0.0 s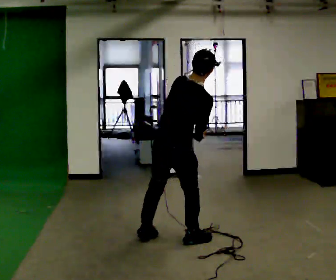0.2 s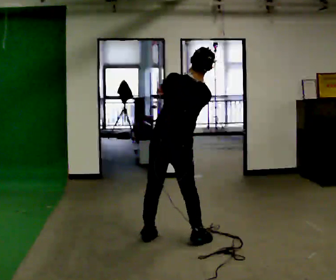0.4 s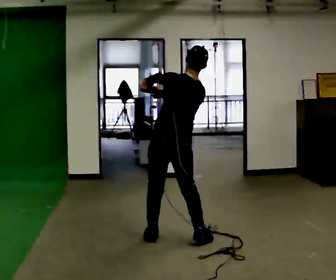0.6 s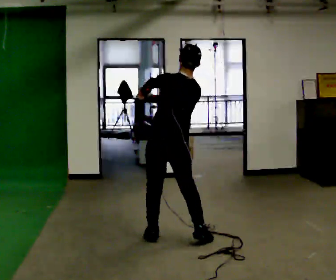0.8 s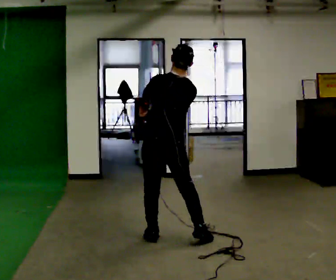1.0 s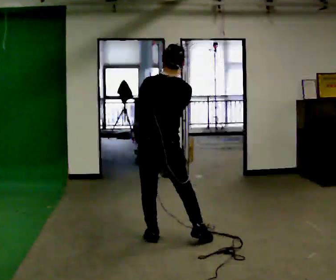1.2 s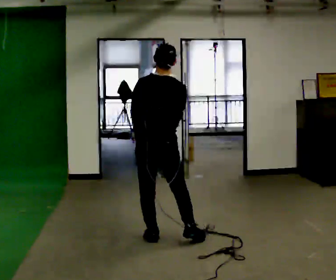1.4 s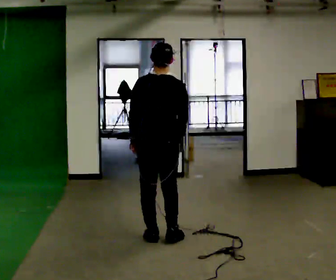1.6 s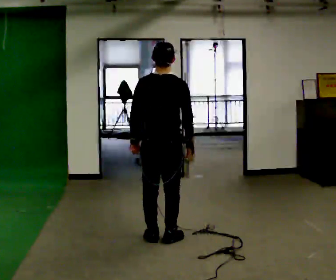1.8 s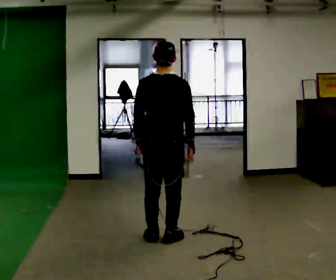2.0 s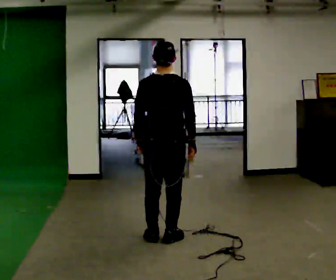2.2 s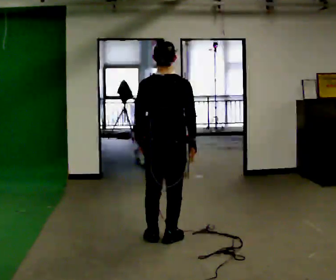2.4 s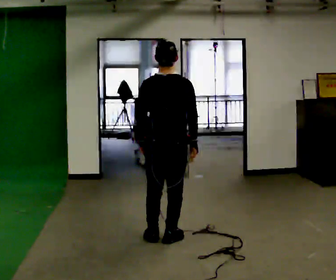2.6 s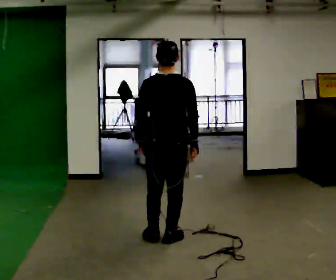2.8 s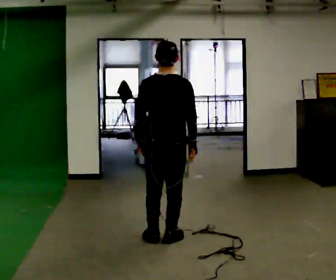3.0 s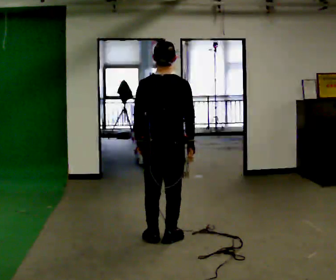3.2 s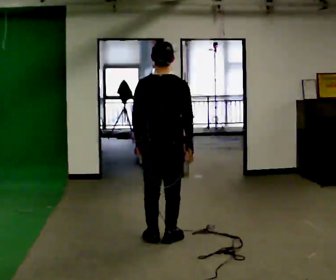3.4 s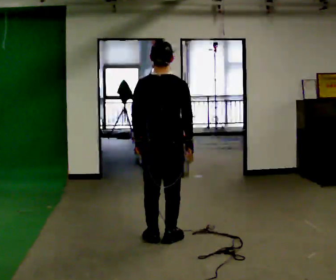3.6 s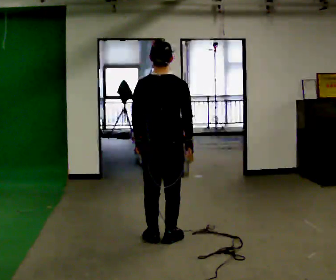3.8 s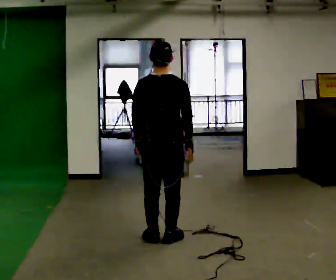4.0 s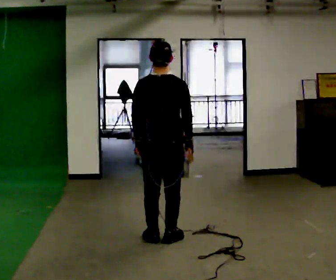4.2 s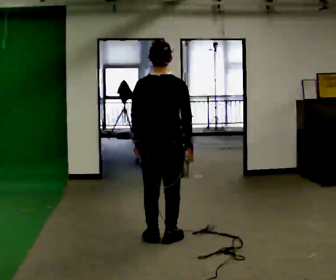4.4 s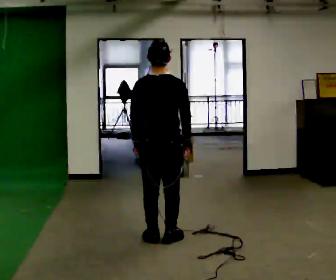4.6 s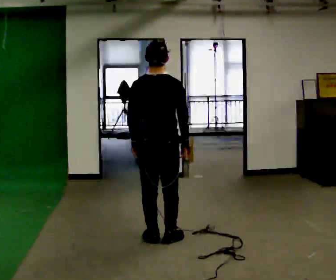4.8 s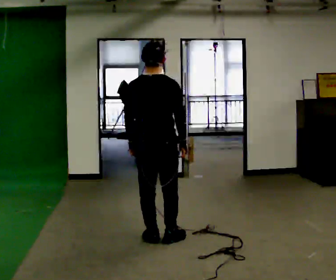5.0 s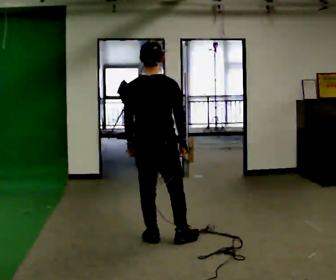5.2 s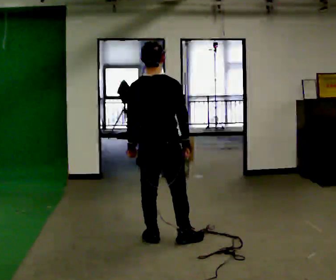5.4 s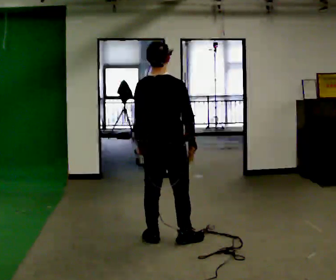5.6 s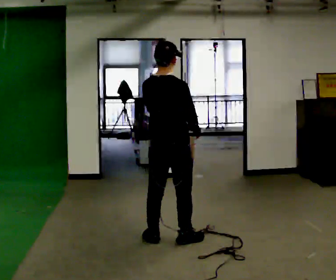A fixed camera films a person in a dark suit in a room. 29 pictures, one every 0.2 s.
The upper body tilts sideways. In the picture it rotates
counterclockwise.
0.0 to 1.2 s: The person turns about 30 degrees to their left, counterclockwise seen from above, so the part of the body nearest the lens slides to the right. In the picture the upper body tilts counterclockwise, shoulders to the left. In the picture their left hand goes to the left.
1.2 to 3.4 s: The person moves a little, or ends about where they began.
3.4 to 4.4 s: The person keeps their place and pose.
4.4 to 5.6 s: In the picture their left hand goes to the right, the arm swinging counterclockwise.
The film runs forward here.
